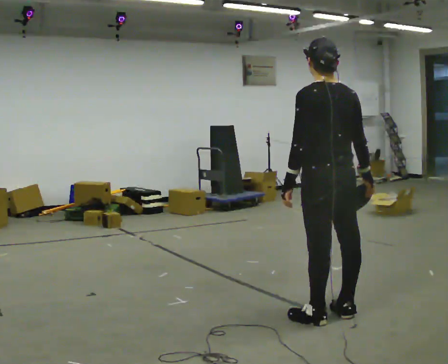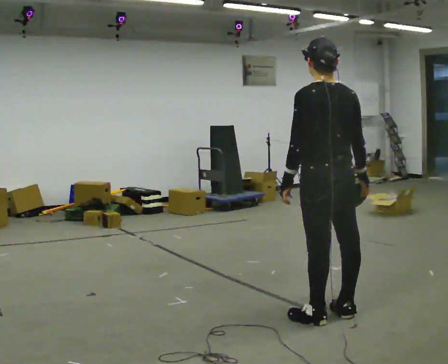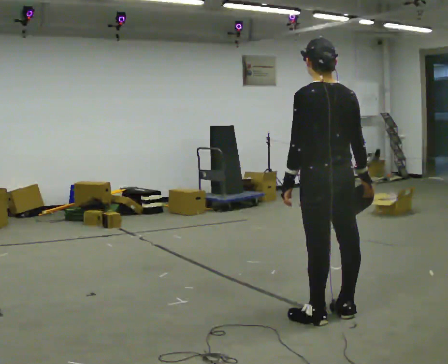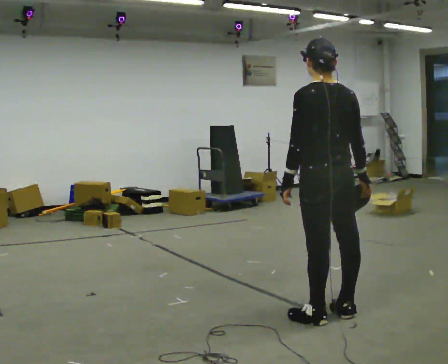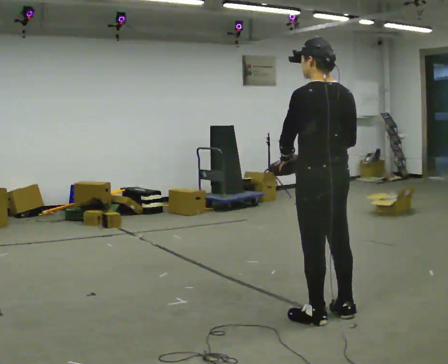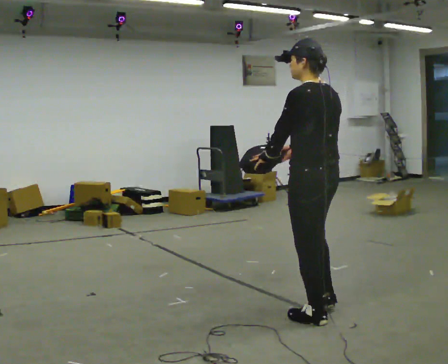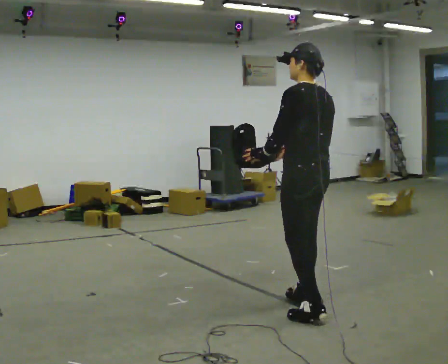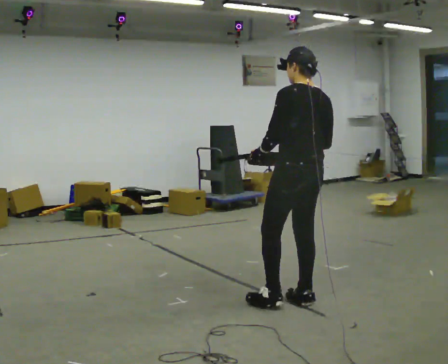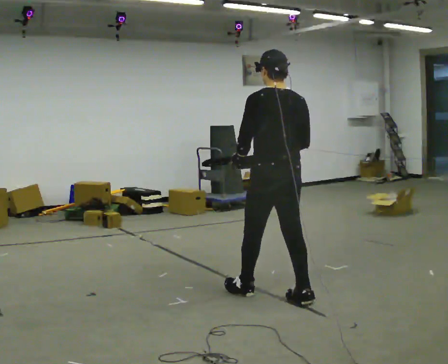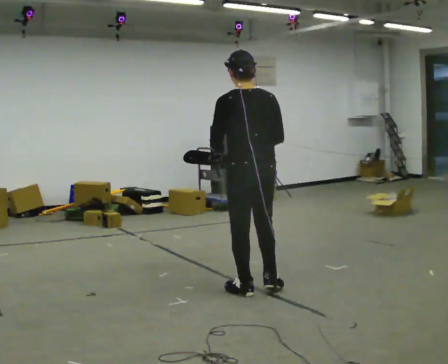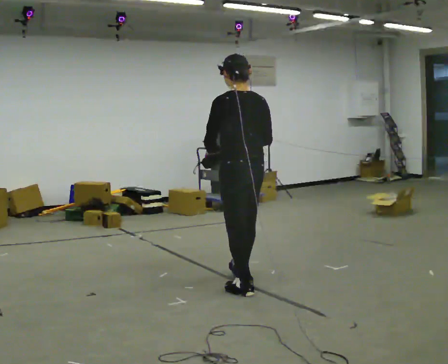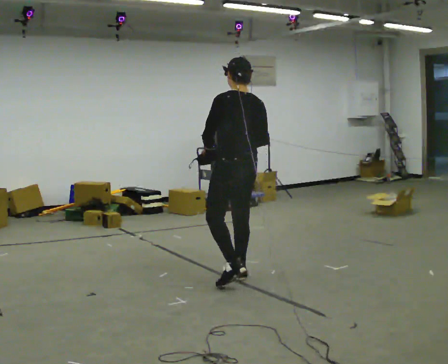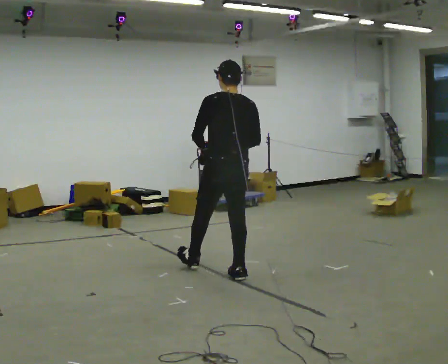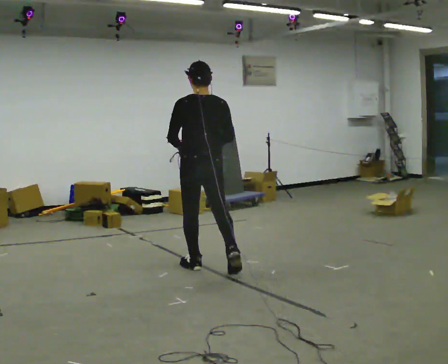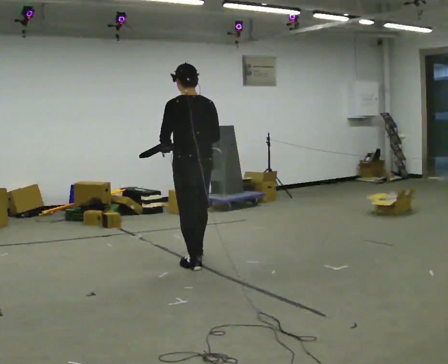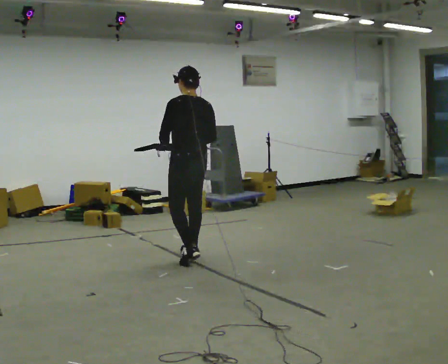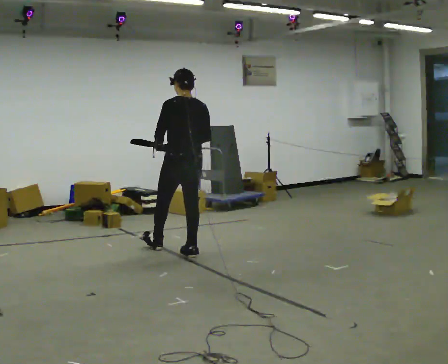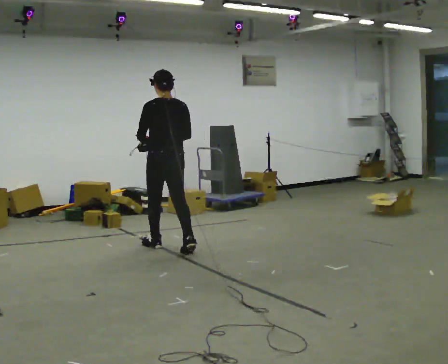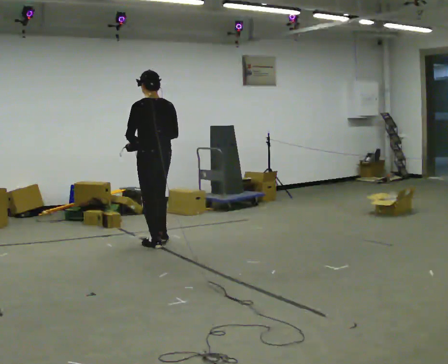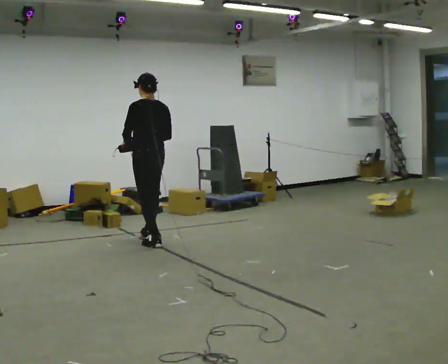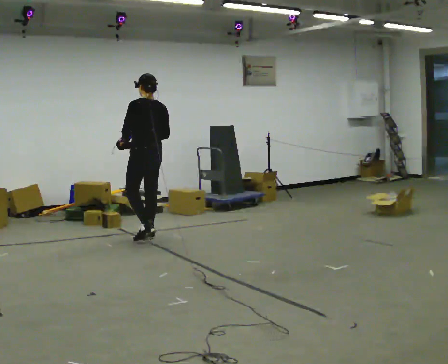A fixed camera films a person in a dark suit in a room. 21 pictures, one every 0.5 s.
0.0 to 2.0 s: The person moves a little, or ends about where they began.
2.0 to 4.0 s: In the picture they go away from the camera and to the left, about 0.5 m in 2 steps, which for them is forward.
4.0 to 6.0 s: In the picture they go away from the camera and to the left, about 0.5 m in 1 step, which for them is forward.
6.0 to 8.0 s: In the picture they go away from the camera and to the left, about 1 m in 2 steps, which for them is forward.
8.0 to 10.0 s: In the picture they go away from the camera and to the left, about 1 m in 2 steps, which for them is forward.
The film runs forward here.
